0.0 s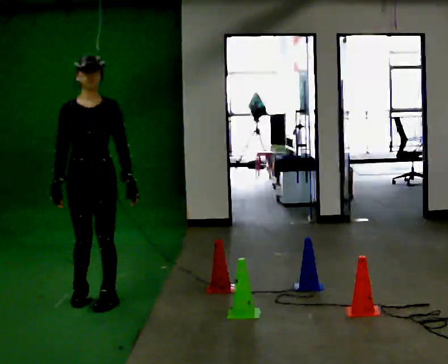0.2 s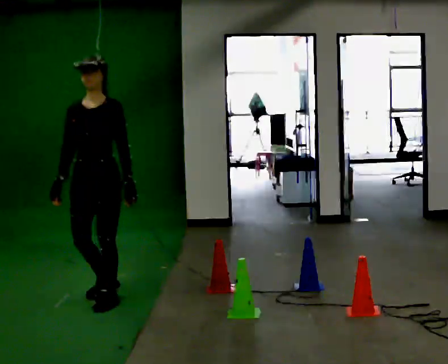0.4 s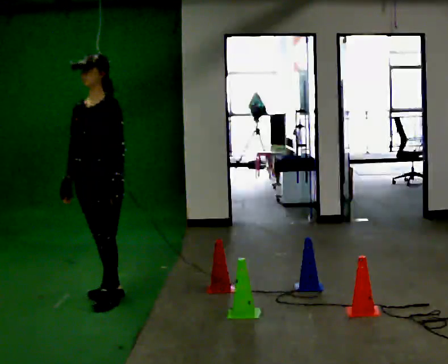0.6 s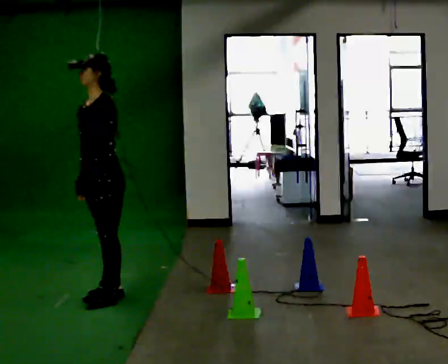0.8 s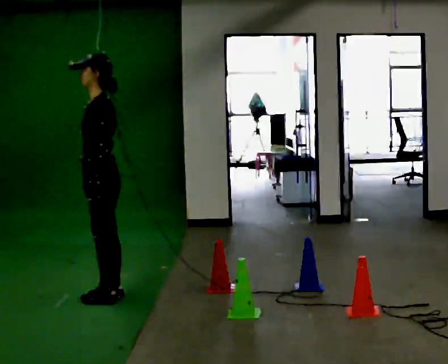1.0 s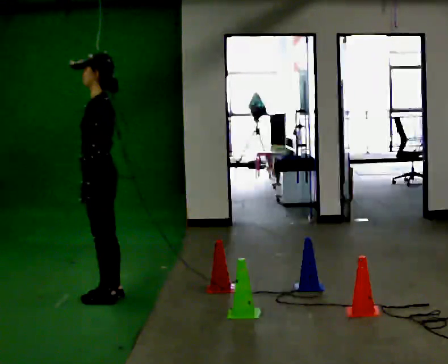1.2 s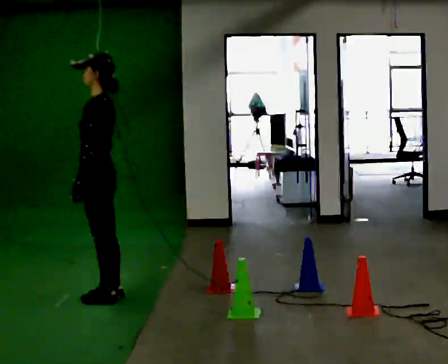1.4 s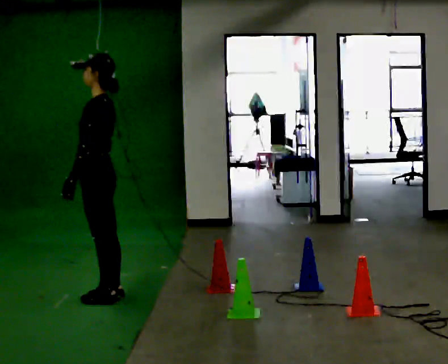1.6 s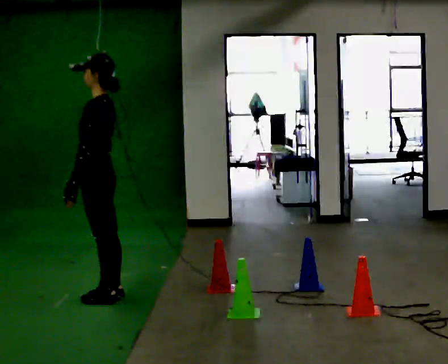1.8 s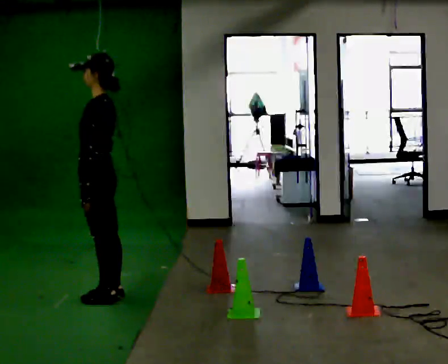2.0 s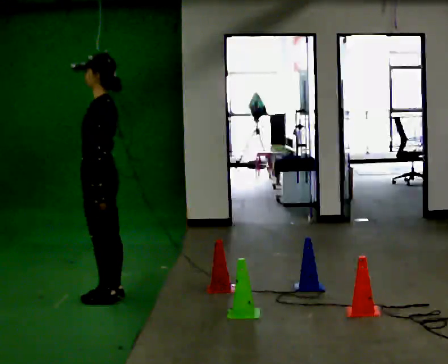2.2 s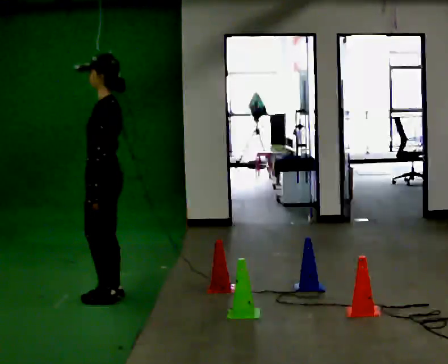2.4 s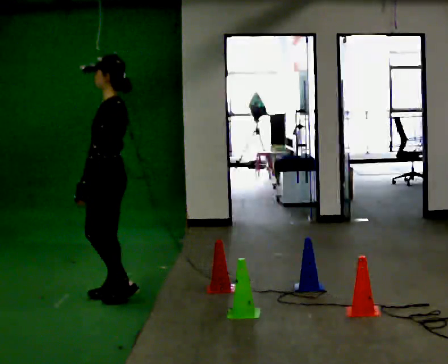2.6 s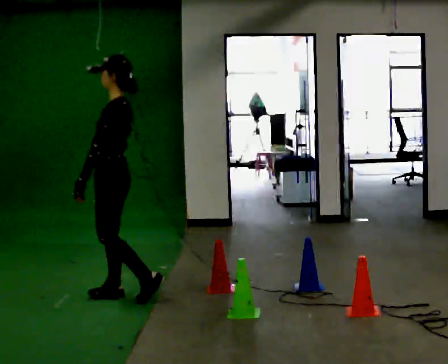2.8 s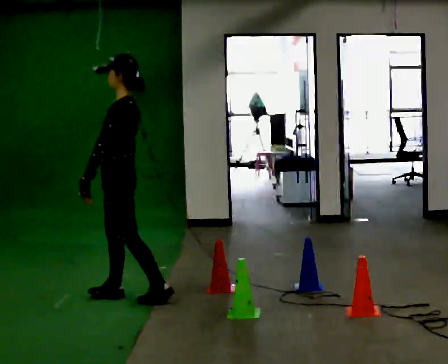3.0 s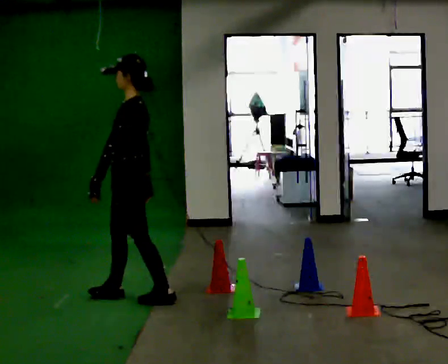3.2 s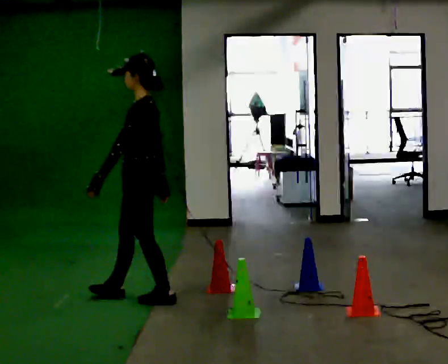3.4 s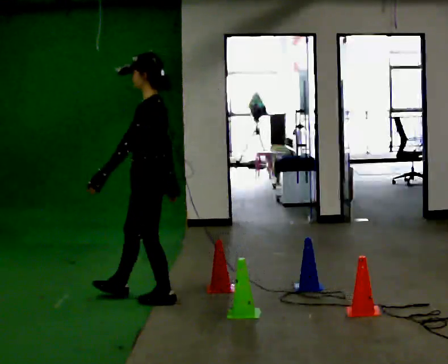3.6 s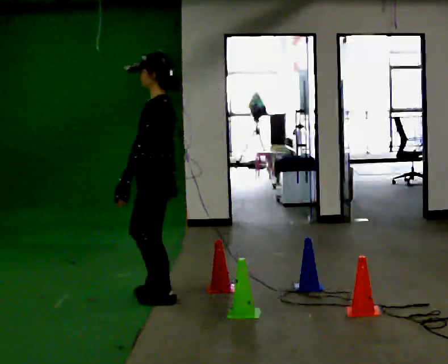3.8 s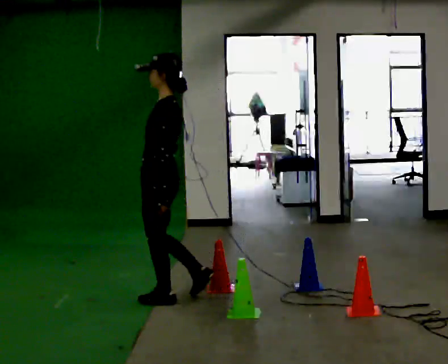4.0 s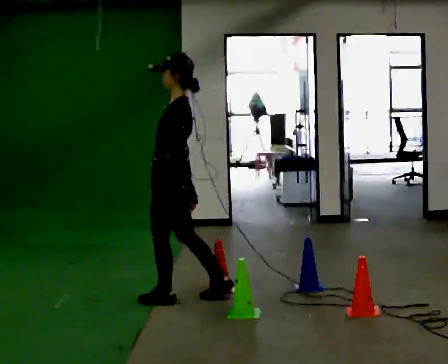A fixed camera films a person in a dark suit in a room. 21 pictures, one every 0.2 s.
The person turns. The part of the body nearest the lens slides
to the left.
The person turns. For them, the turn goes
to their right.
0.0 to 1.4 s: Seen from above the body turns clockwise, about 105 degrees: to their right, with its near side sliding to the left. In the picture their left hand goes to the left, the arm swinging clockwise.
1.4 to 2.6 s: The person moves a little, or ends about where they began.
2.6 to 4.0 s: In the picture they go to the right and toward the camera, about 0.5 m in 1 step, which for them is backward.
The film runs backward here.
